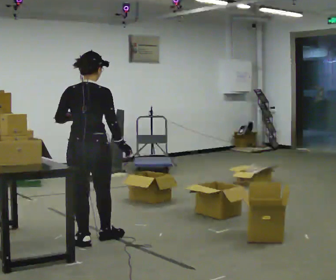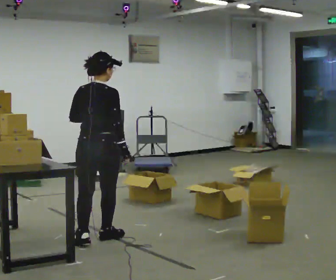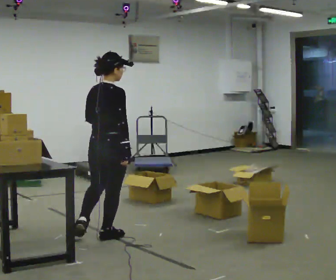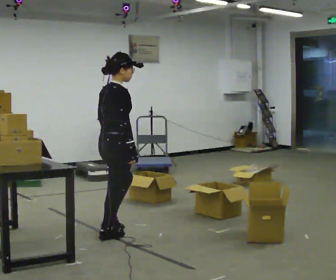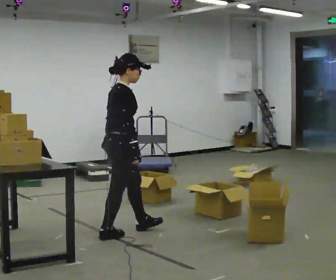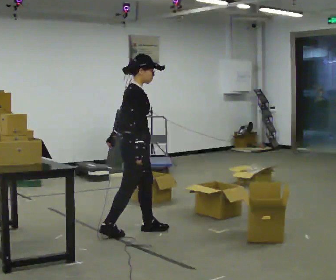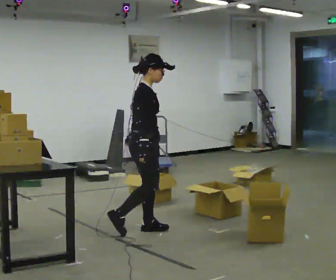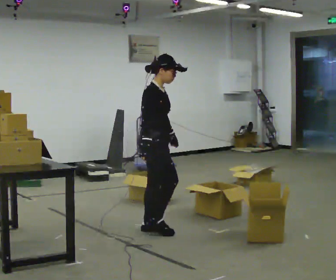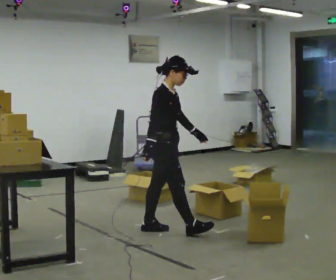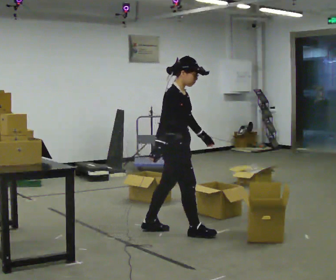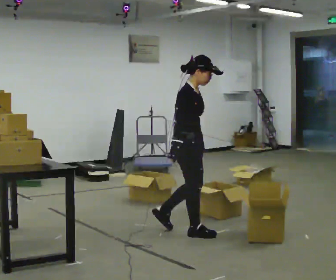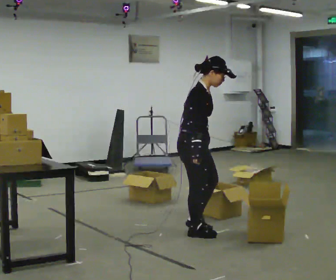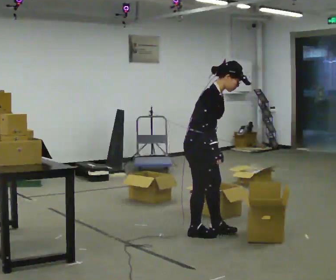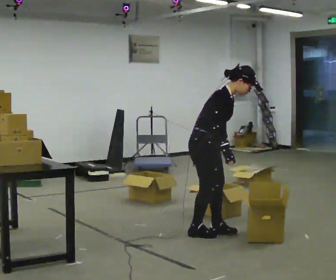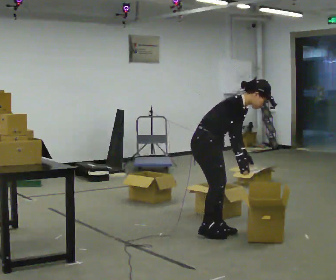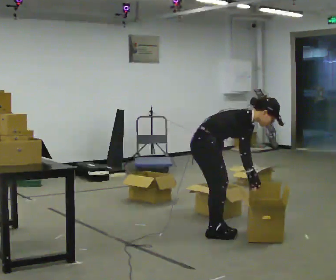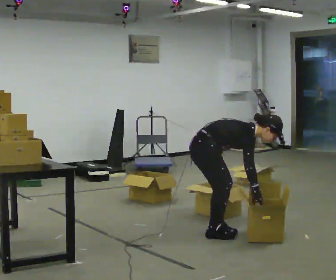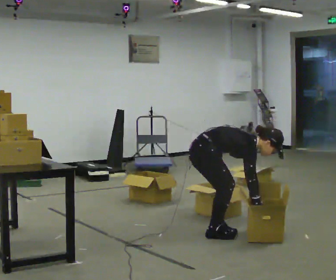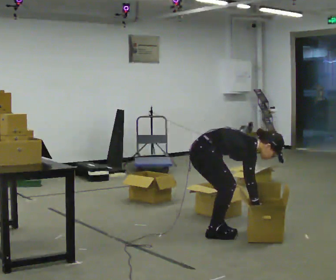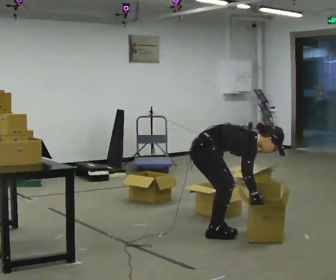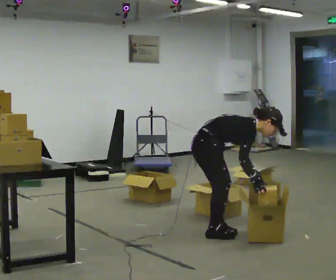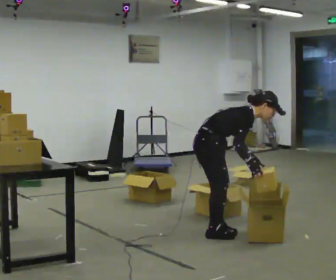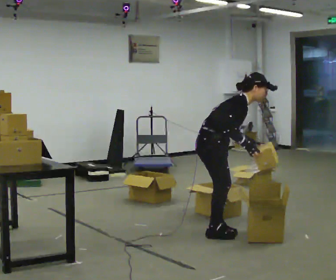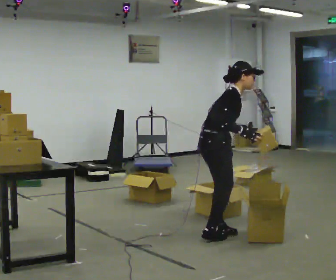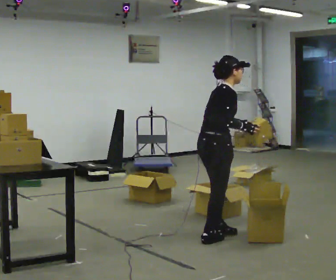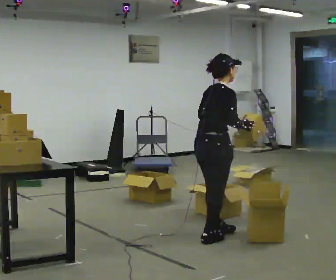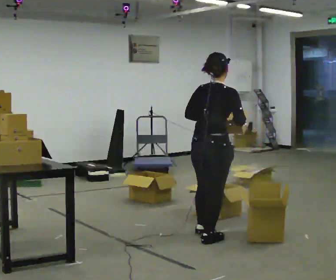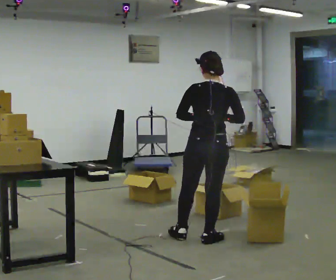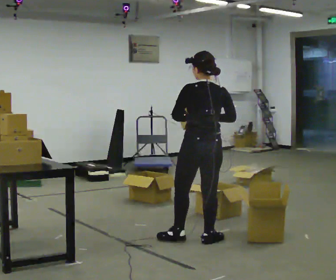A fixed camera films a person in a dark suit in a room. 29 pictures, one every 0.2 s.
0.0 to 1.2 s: Seen from above the body turns clockwise, about 90 degrees: to their right, with its near side sliding to the left. In the picture they go to the right and away from the camera, about 0.5 m in 1 step.
1.2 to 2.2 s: In the picture they go to the right, about 0.5 m in 1 step, which for them is forward.
2.2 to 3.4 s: The upper body goes downward. In the picture the upper body tilts clockwise, shoulders to the right, as they bend forward. In the picture their left hand goes to the right and downward.
3.4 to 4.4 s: The upper body goes upward. In the picture the upper body tilts counterclockwise, shoulders to the left, as they lean back or straighten. In the picture their right hand goes upward.
4.4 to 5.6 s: The part of the body nearest the lens slides to the right as the person turns to their left by about 120 degrees. In the picture they go toward the camera, about 0.25 m in 2 steps. In the picture the upper body tilts counterclockwise, shoulders to the left, as they lean back or straighten. In the picture their right hand goes to the left.
The film runs forward here.
